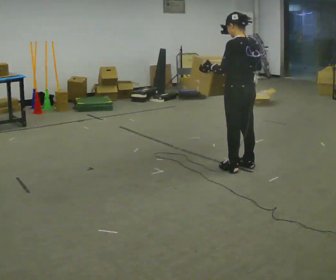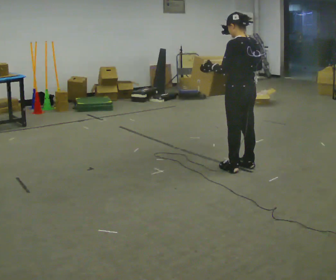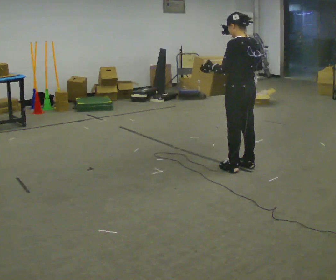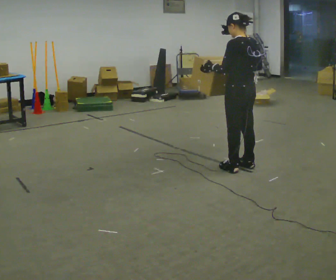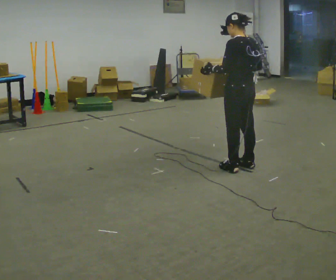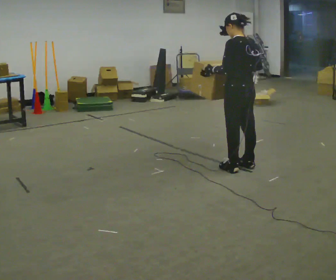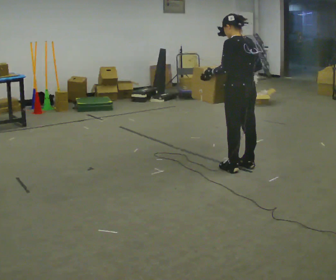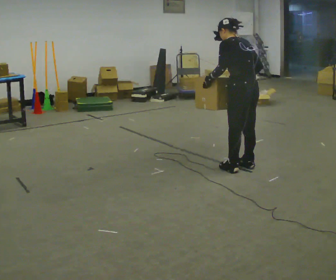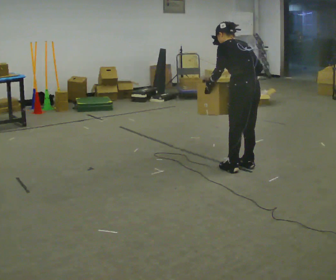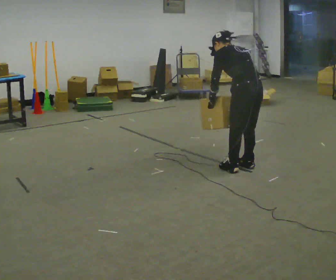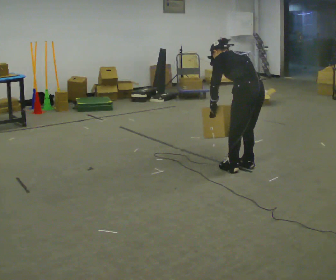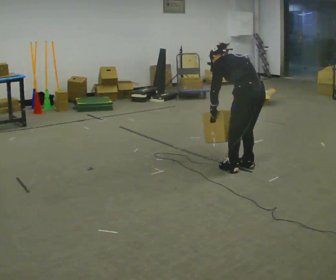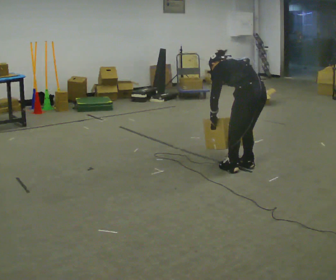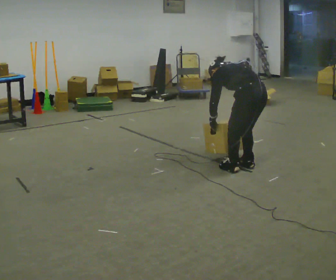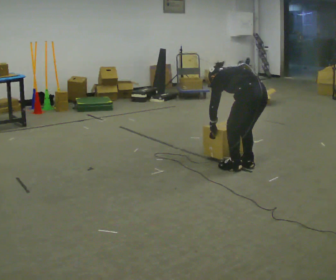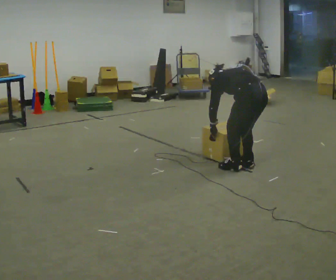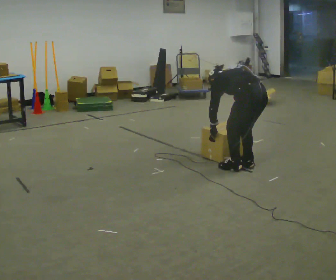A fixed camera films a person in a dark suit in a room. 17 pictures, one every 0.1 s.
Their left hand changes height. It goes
downward.
The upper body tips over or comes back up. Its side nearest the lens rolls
upward.
0.0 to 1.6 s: The upper body goes downward. The upper body tips away from the camera, its near side rolling upward, as they bend forward. In the picture their left hand goes downward.
The film runs forward here.
